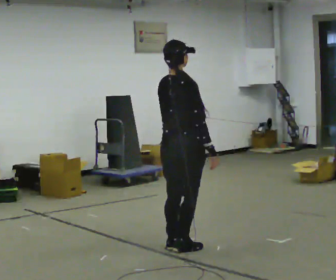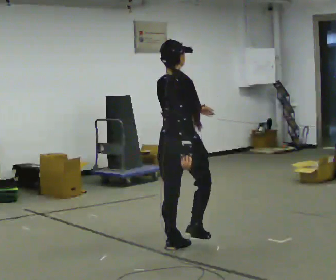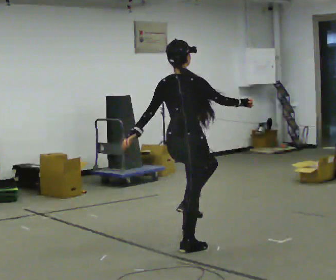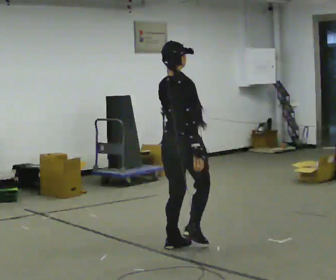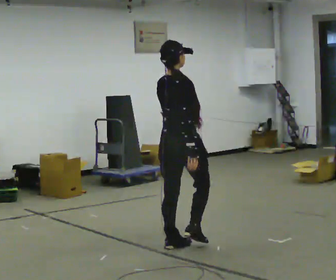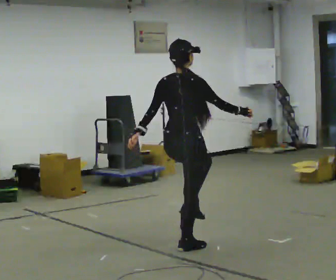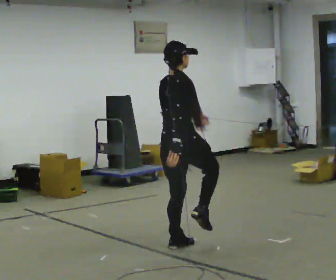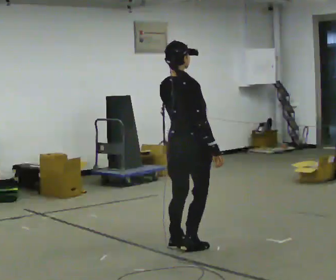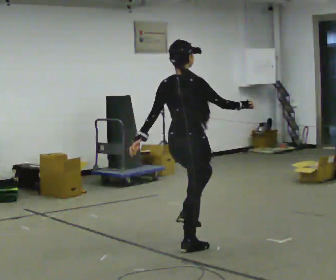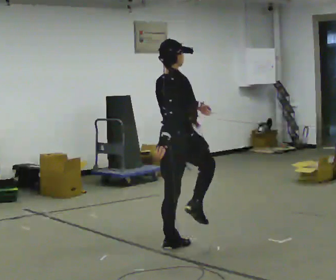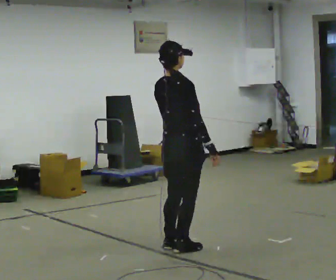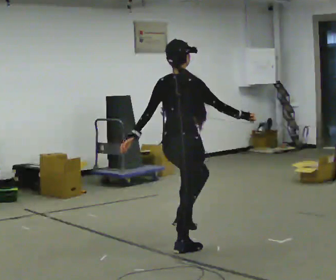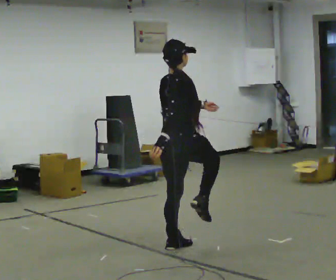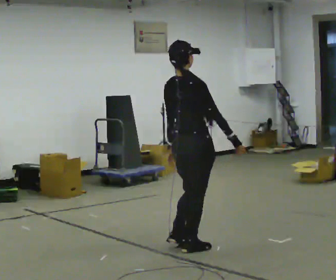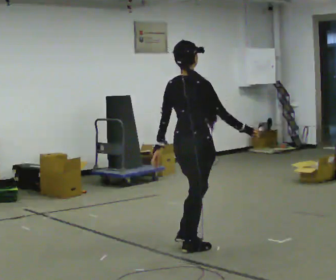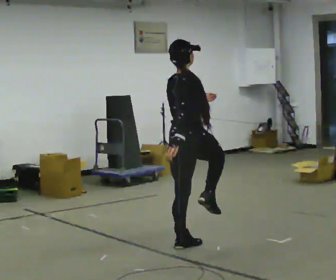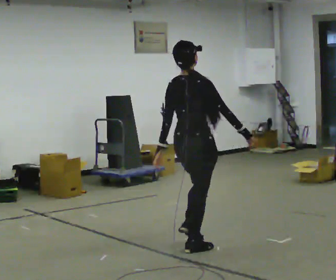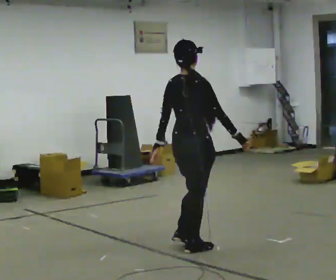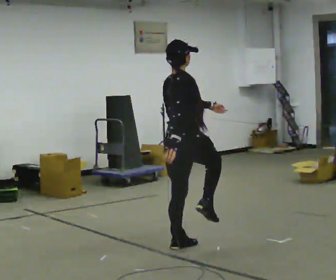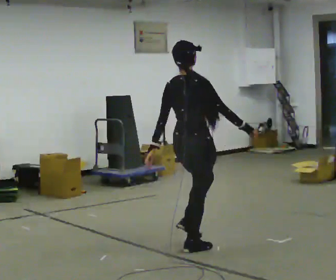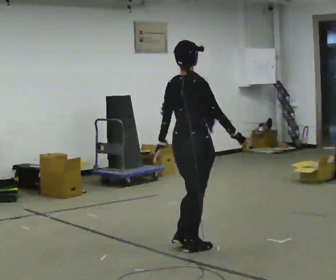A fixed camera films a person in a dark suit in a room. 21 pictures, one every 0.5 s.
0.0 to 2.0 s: The person moves a little, or ends about where they began.
2.0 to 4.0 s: In the picture their left hand goes to the left.
4.0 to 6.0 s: In the picture their left hand goes to the right.
6.0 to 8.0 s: In the picture their left hand goes to the left and downward.
8.0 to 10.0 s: The person moves a little, or ends about where they began.
The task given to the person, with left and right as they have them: March in place at a comfortable rhythm without moving forward; stop.
The film runs forward here.
